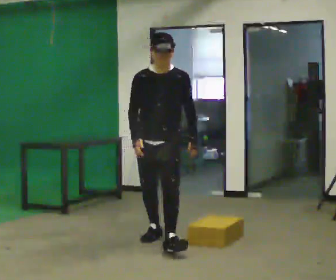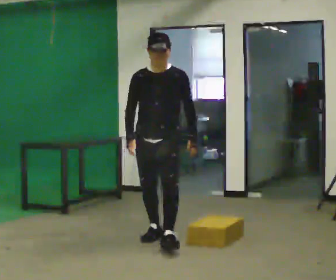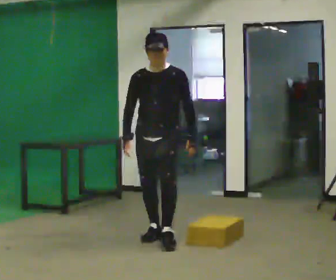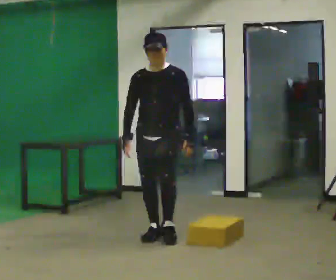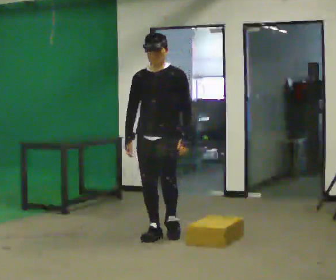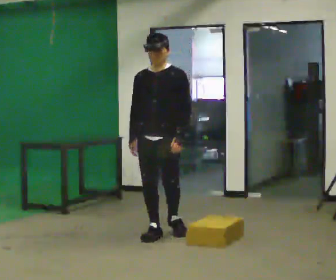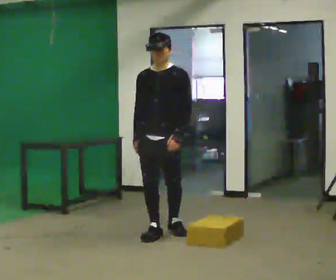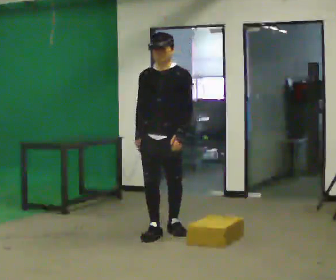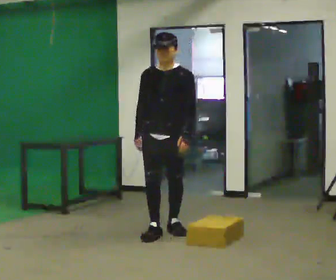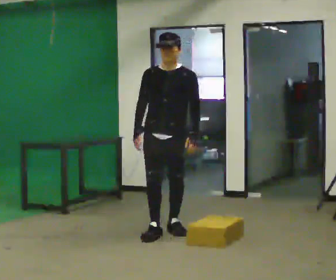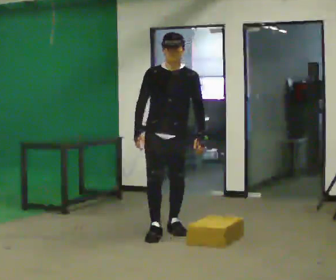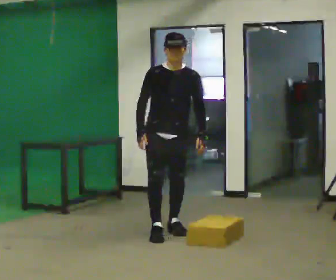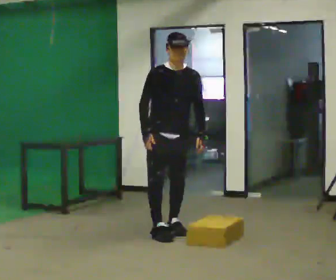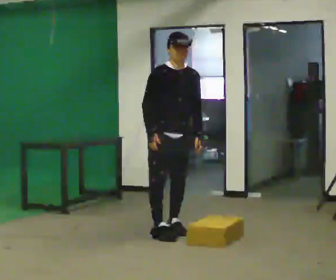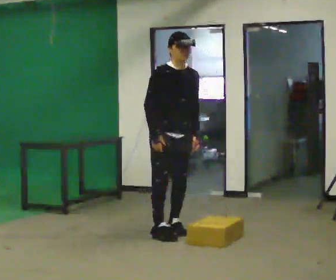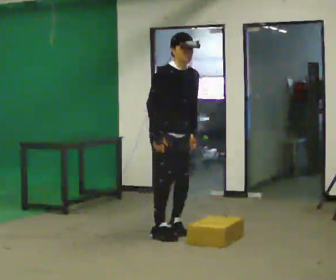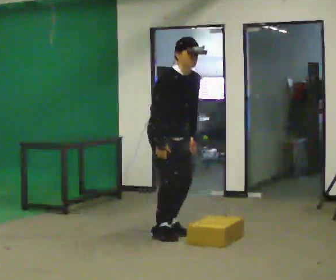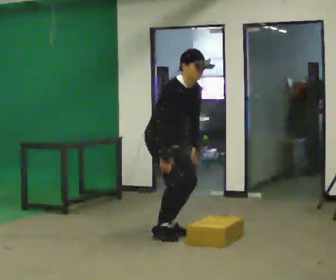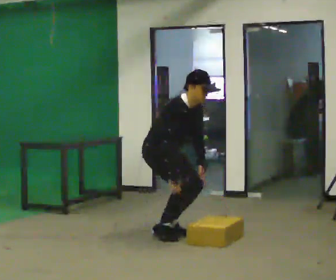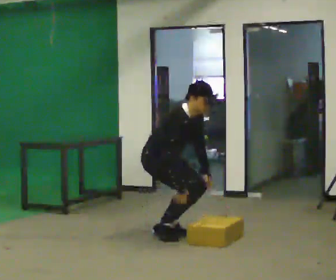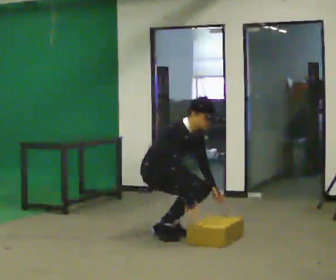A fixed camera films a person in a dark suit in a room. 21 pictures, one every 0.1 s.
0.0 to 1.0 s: In the picture they go away from the camera, about 0.5 m, which for them is backward.
1.0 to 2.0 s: Seen from above the body turns counterclockwise, about 60 degrees: to their left, with its near side sliding to the right. The upper body goes downward. In the picture the upper body tilts clockwise, shoulders to the right, as they bend forward. In the picture their left hand goes downward.
The film runs backward here.
